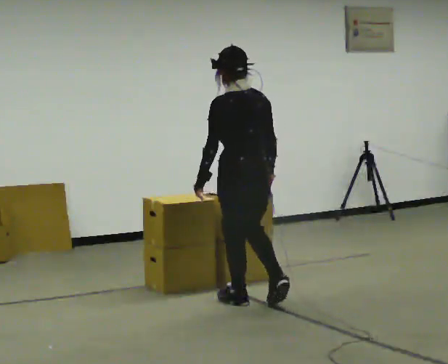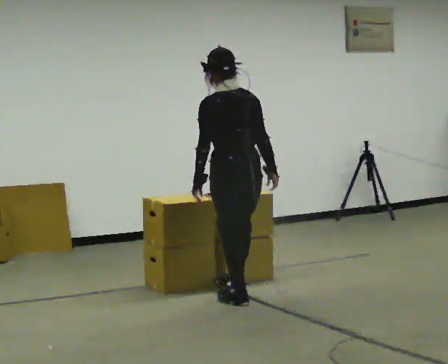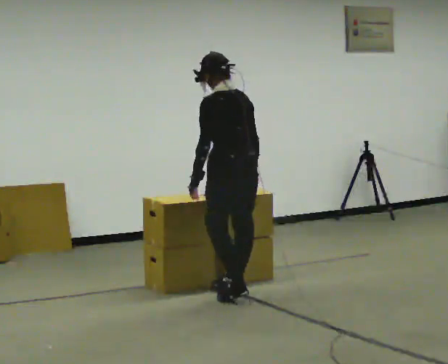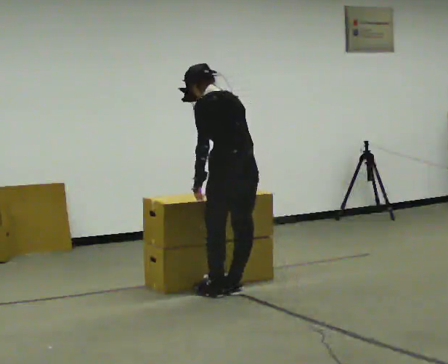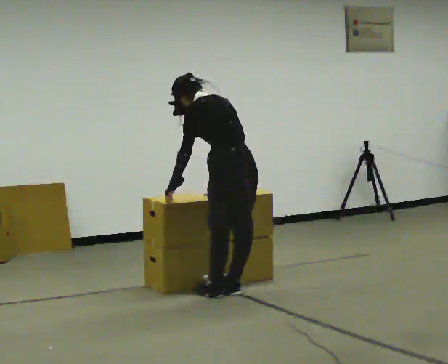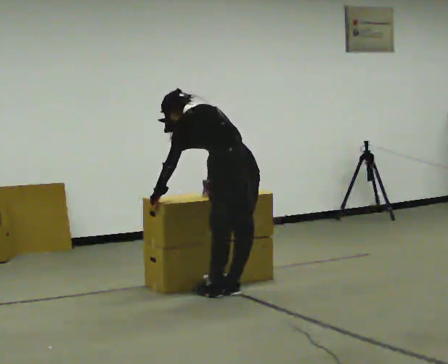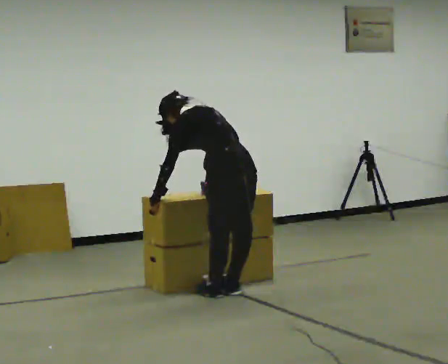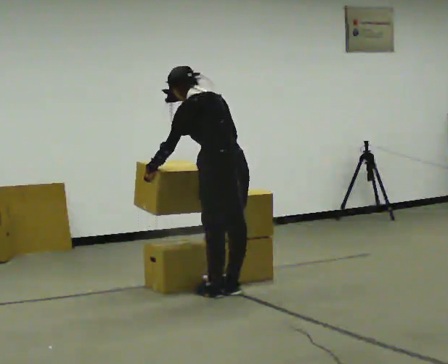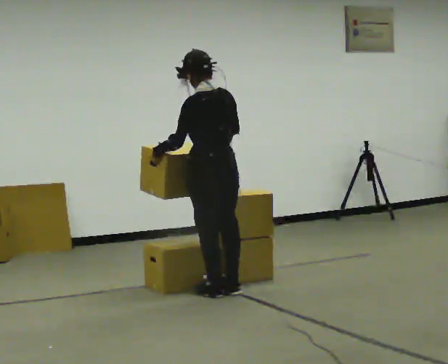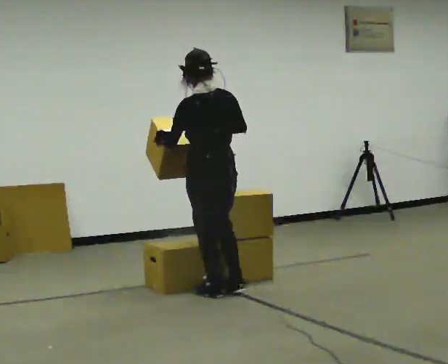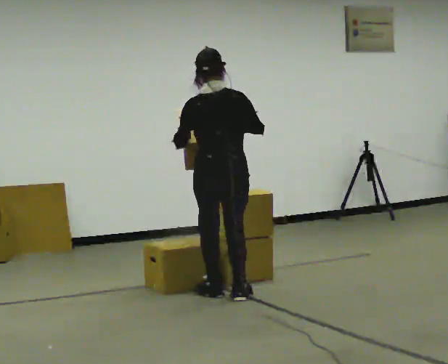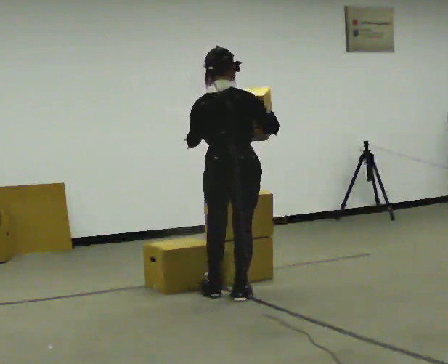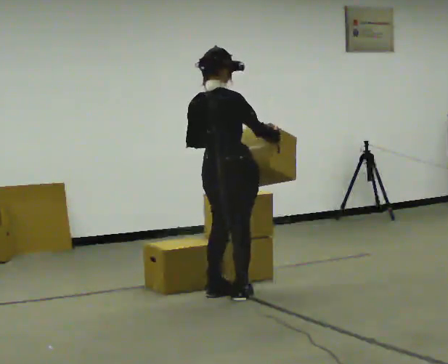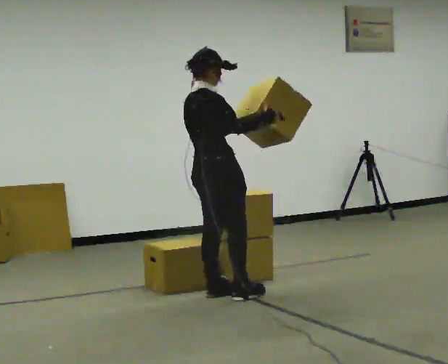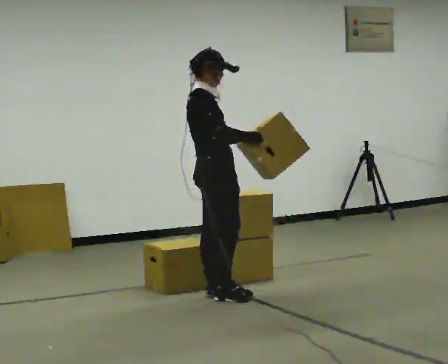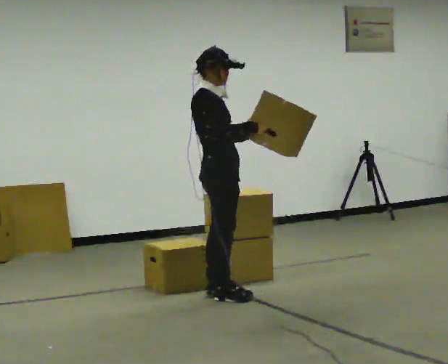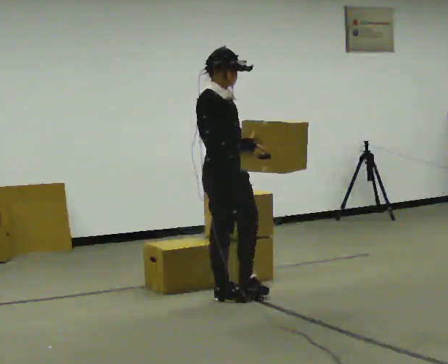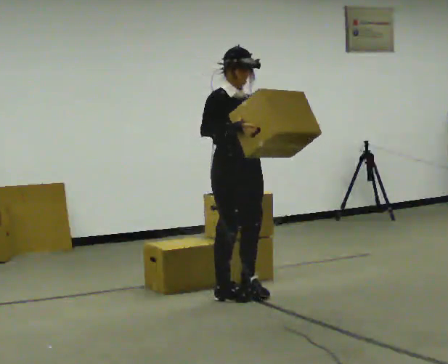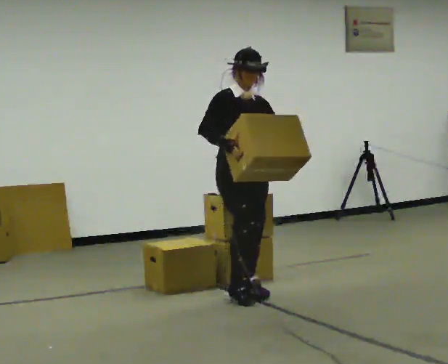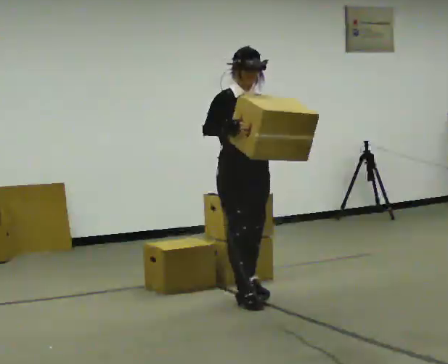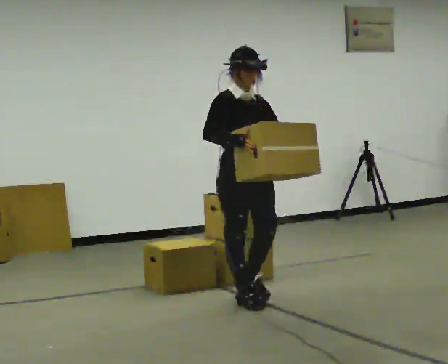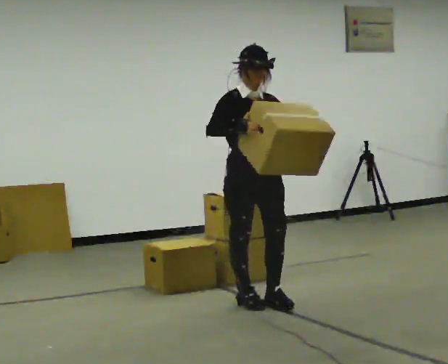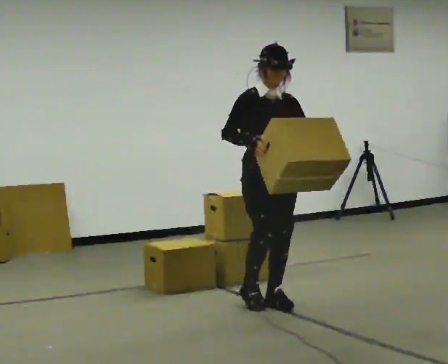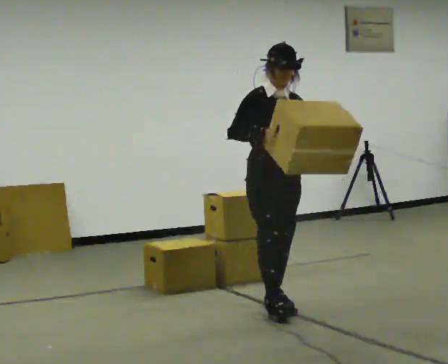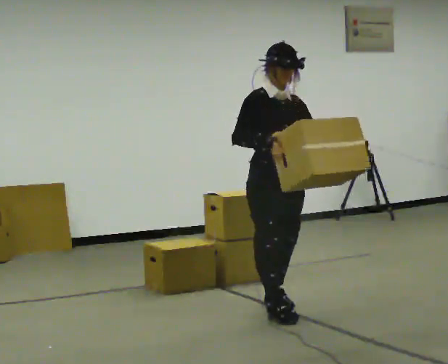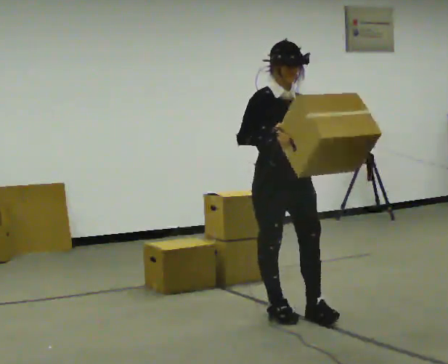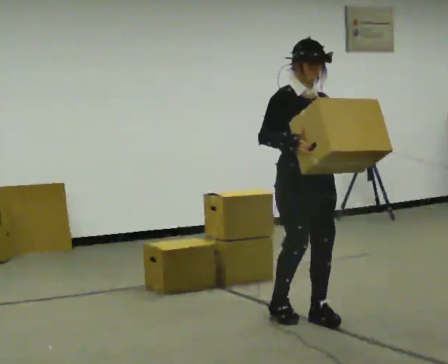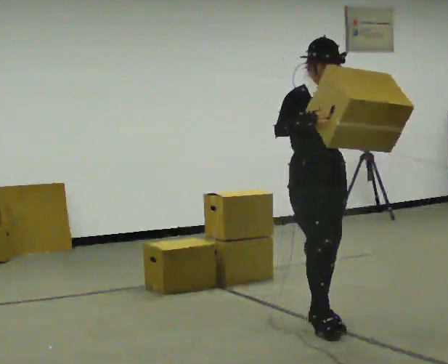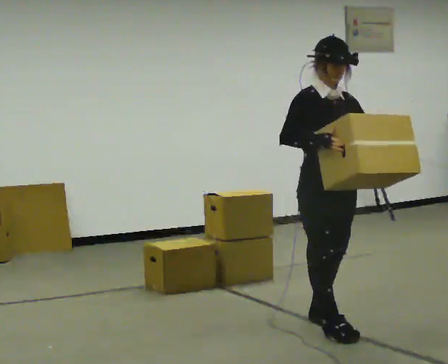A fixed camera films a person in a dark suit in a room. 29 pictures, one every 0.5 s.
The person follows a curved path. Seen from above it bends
counterclockwise.
0.0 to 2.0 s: In the picture they go away from the camera, about 0.25 m in 2 steps, which for them is forward. The upper body tips away from the camera, its near side rolling upward, as they bend forward.
2.0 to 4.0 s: The person moves a little, or ends about where they began.
4.0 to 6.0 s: The part of the body nearest the lens slides to the left as the person turns to their right by about 75 degrees. In the picture their right hand goes to the right.
6.0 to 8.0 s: Seen from above the body turns clockwise, about 75 degrees: to their right, with its near side sliding to the left.
8.0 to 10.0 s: The person turns about 30 degrees to their right, clockwise seen from above, so the part of the body nearest the lens slides to the left.
10.0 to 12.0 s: In the picture they go toward the camera and to the right, about 0.25 m in 2 steps, which for them is forward.
12.0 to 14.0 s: In the picture they go toward the camera and to the right, about 0.5 m in 2 steps, which for them is forward.
The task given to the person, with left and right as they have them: Carry the box and, while you are still walking, turn it so you can read the label, read it out loud, then carry on. Repeat with the next box. Do not stop to read it.
The film runs forward here.
